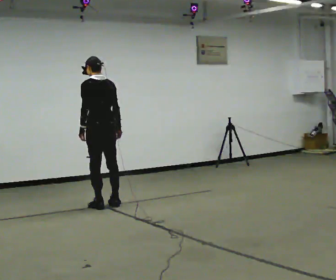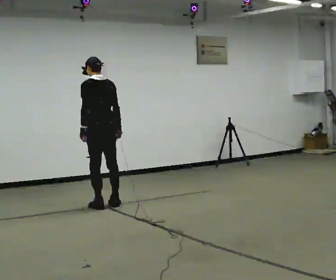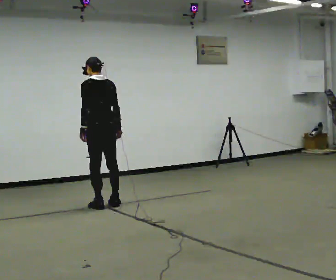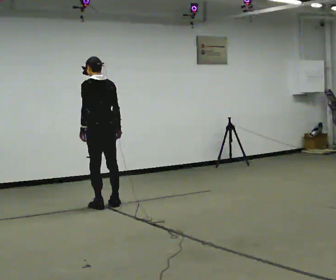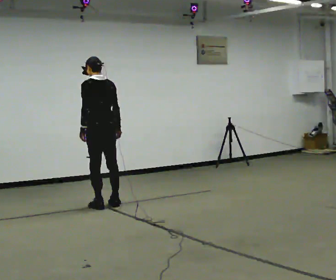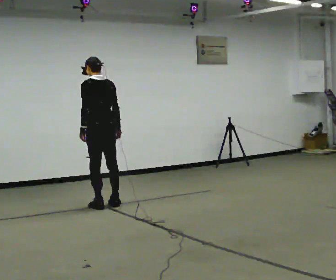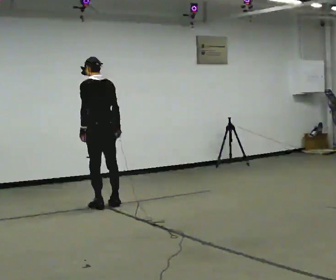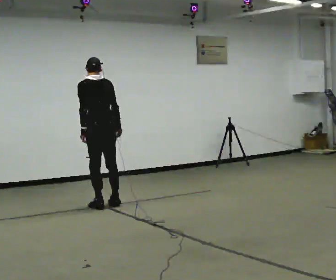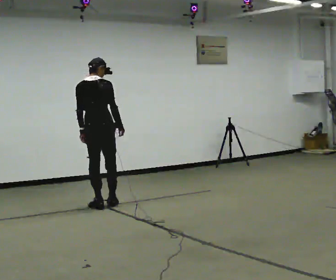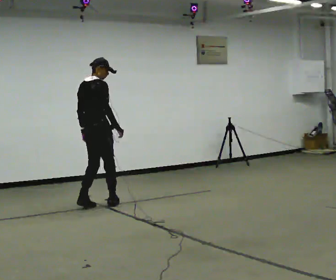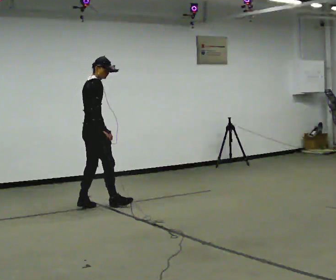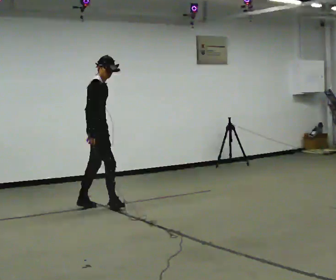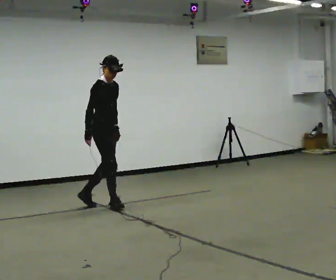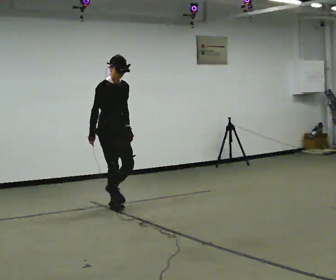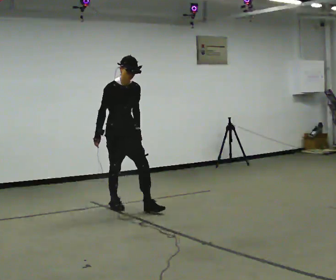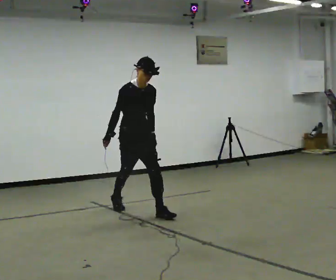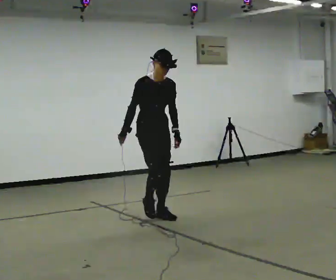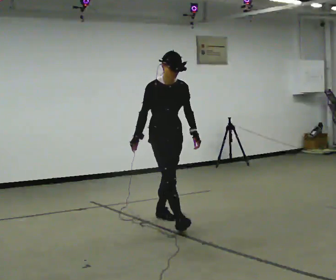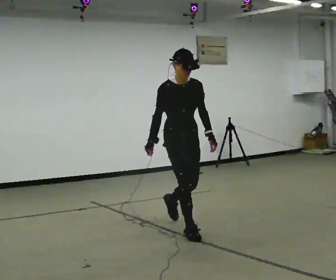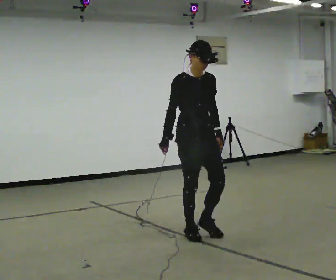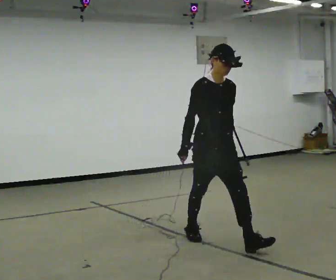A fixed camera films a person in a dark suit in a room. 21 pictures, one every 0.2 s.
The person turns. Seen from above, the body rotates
clockwise.
The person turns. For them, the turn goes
to their right.
0.0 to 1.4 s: The person moves a little, or ends about where they began.
1.4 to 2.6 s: The part of the body nearest the lens slides to the left as the person turns to their right by about 150 degrees. In the picture the upper body tilts clockwise, shoulders to the right. In the picture their right hand goes to the left, the arm swinging clockwise.
2.6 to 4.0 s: In the picture they go toward the camera and to the right, about 2 m in 2 steps, which for them is forward.
The film runs forward here.
